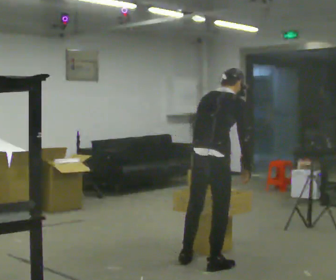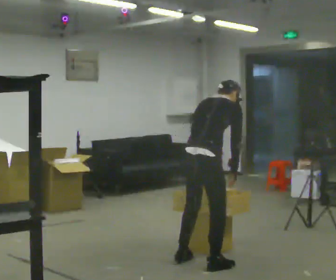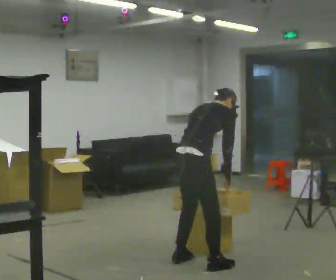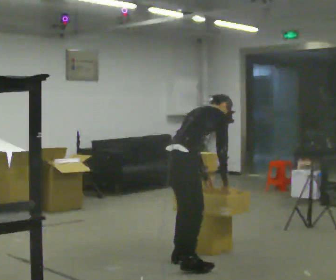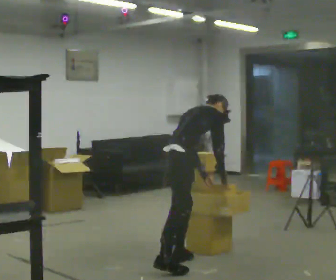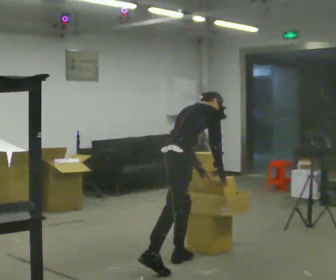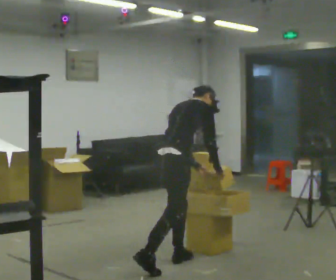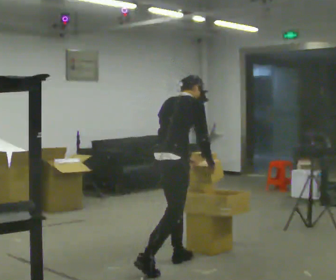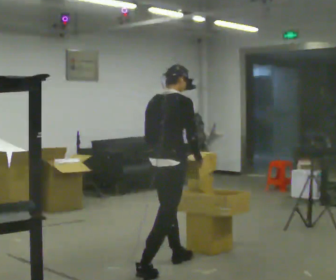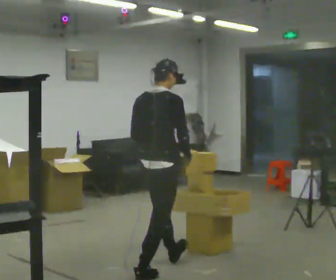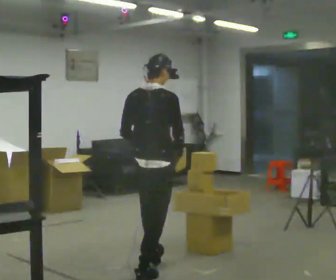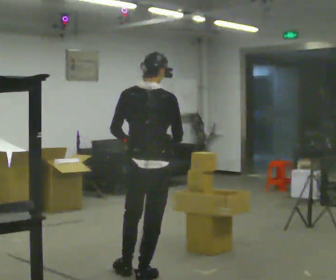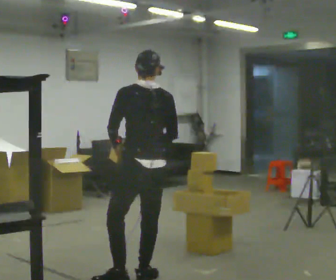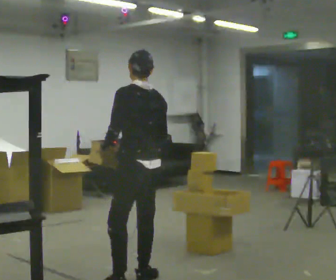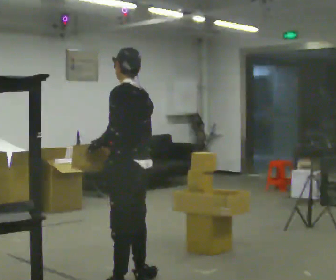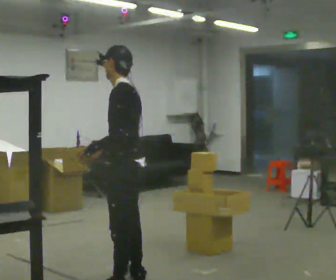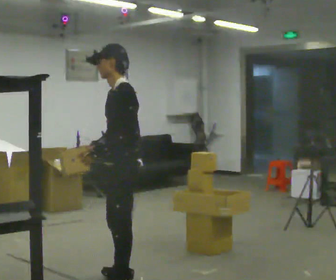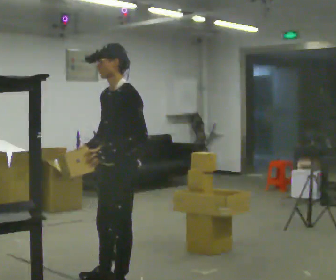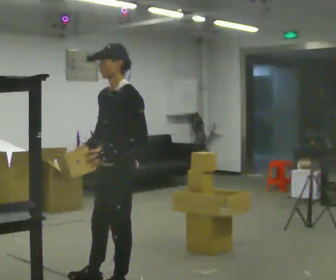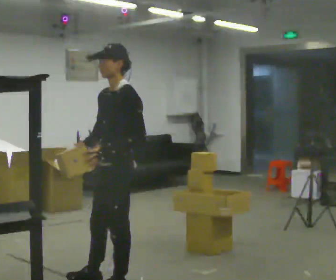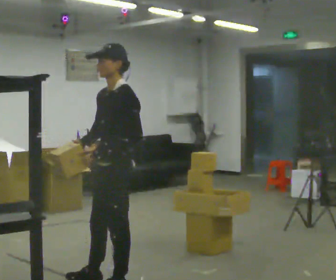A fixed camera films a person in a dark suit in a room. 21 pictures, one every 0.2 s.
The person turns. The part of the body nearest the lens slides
to the right.
The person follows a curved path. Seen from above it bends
counterclockwise.
0.0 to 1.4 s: In the picture they go to the left, about 0.25 m in 1 step, which for them is backward and to their left.
1.4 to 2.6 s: Seen from above the body turns counterclockwise, about 90 degrees: to their left, with its near side sliding to the right. In the picture they go toward the camera, about 0.5 m in 1 step. The upper body tips toward the camera, its near side rolling downward, as they lean back or straighten.
2.6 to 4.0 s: Seen from above the body turns counterclockwise, about 75 degrees: to their left, with its near side sliding to the right. In the picture they go toward the camera, about 0.25 m in 1 step. In the picture their right hand goes to the left.
The film runs backward here.
